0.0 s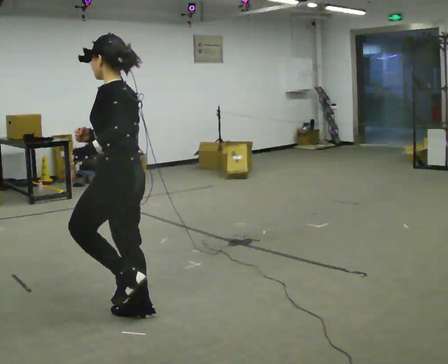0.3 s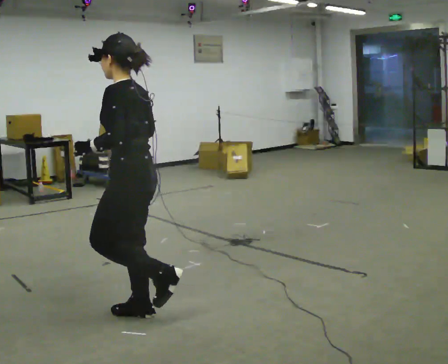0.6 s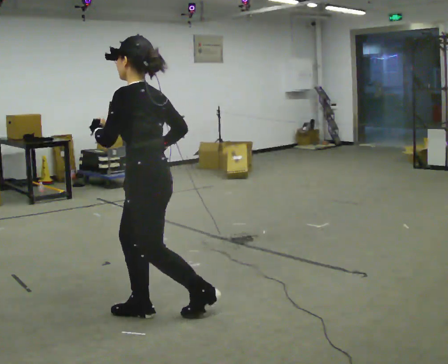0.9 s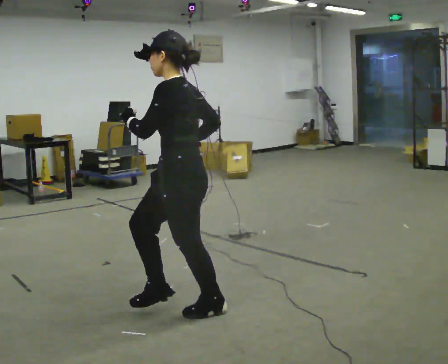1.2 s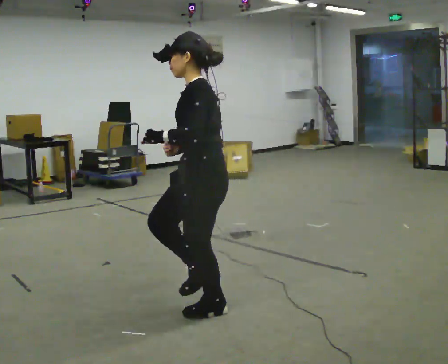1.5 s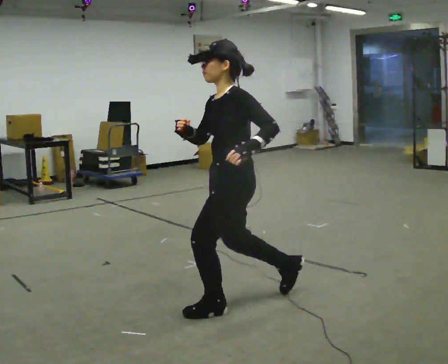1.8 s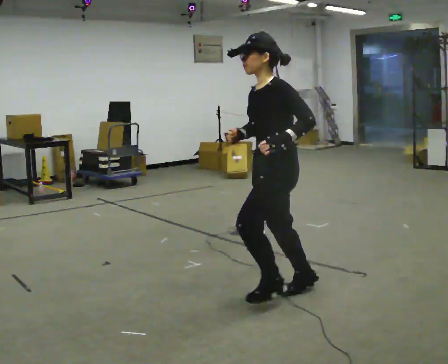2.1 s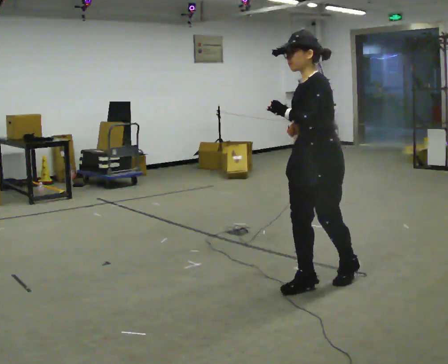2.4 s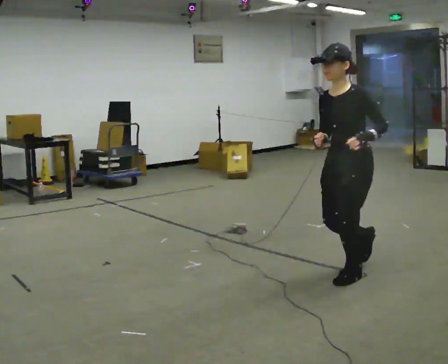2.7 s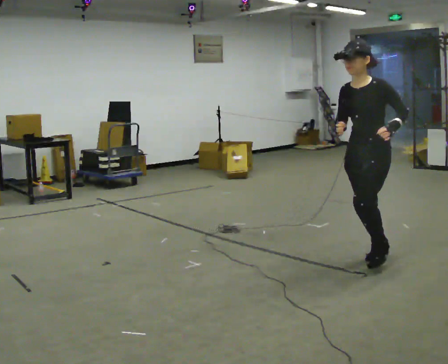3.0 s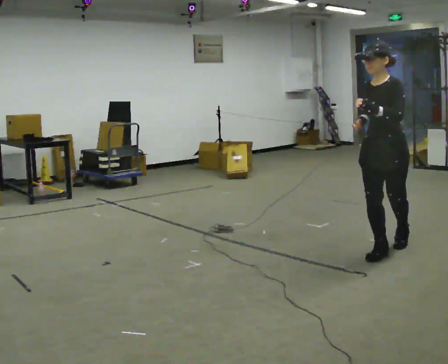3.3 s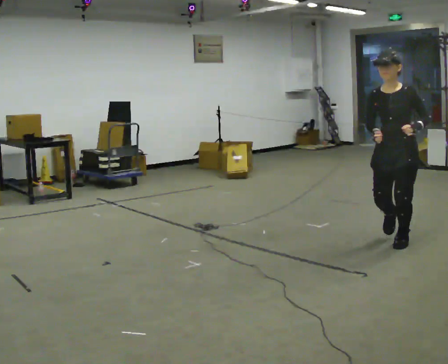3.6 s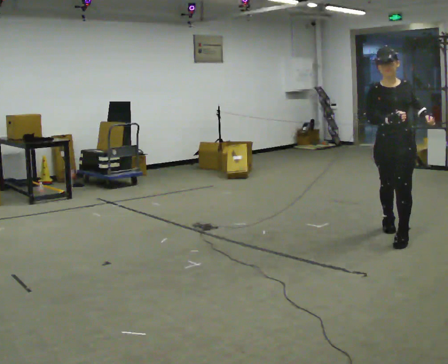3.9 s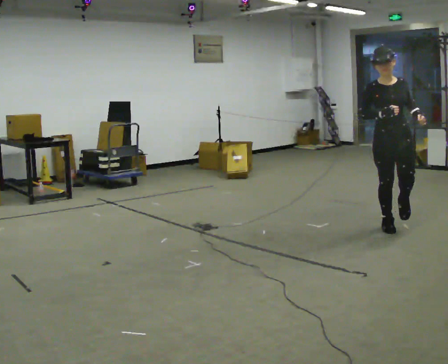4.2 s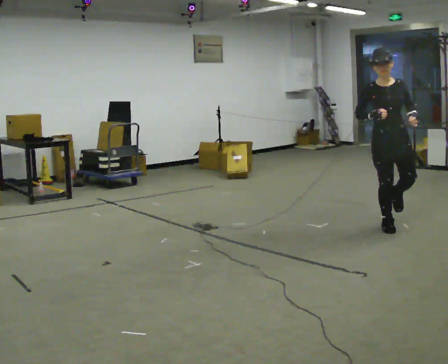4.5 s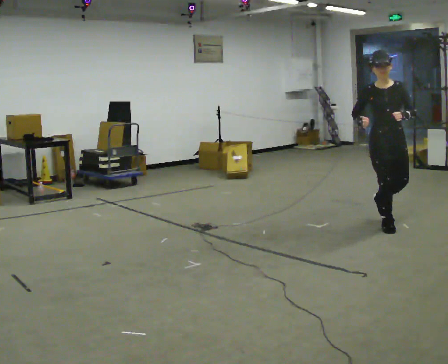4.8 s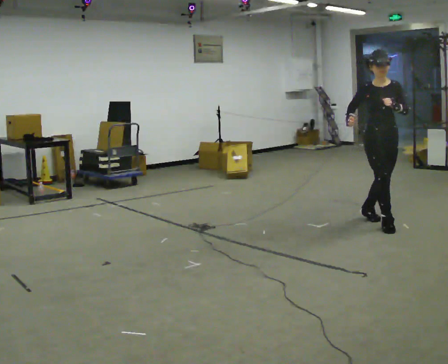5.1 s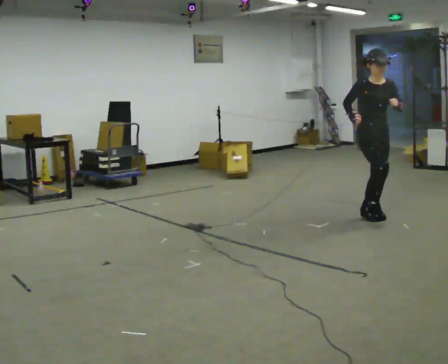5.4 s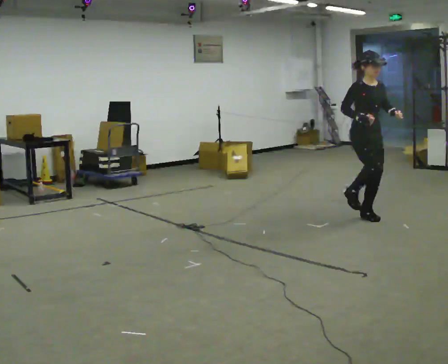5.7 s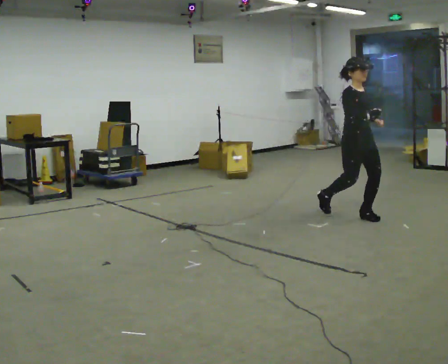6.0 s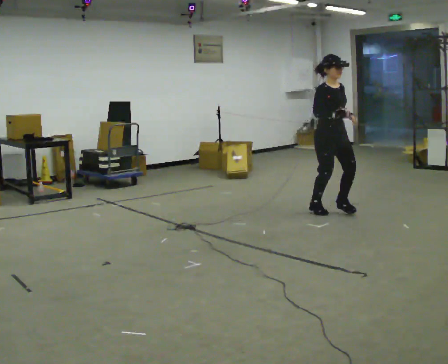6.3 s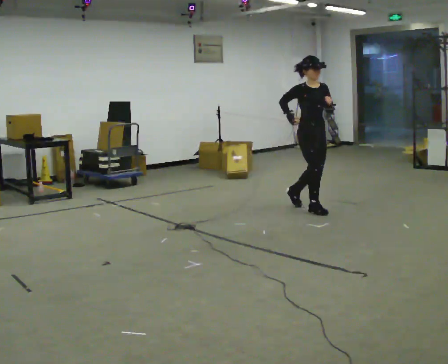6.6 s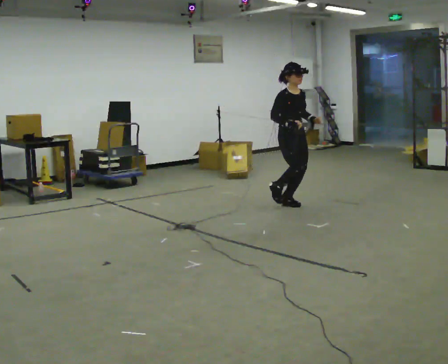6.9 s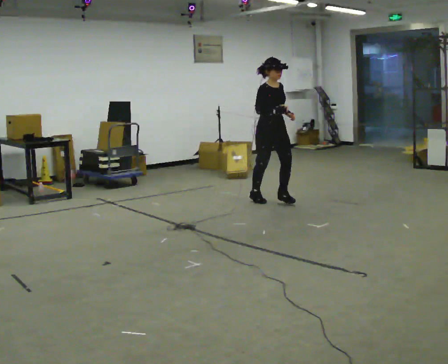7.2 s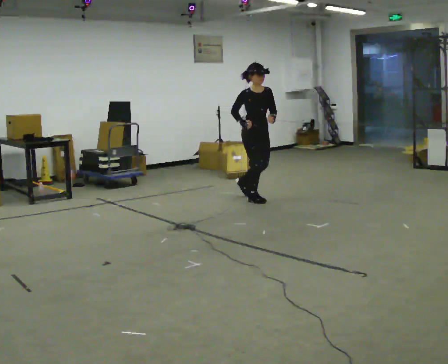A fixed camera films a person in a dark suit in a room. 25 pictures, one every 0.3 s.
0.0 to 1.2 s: In the picture they go to the right, about 0.5 m in 1 step, which for them is backward.
1.2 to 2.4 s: Seen from above the body turns counterclockwise, about 30 degrees: to their left, with its near side sliding to the right. In the picture they go away from the camera and to the right, about 1 m in 2 steps, which for them is backward.
2.4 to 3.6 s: The person turns about 45 degrees to their left, counterclockwise seen from above, so the part of the body nearest the lens slides to the right. In the picture they go away from the camera, about 1 m in 2 steps, which for them is backward.
3.6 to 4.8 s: In the picture they go away from the camera, about 0.5 m in 1 step, which for them is backward.
4.8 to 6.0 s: Seen from above the body turns counterclockwise, about 30 degrees: to their left, with its near side sliding to the right. In the picture they go to the left and away from the camera, about 0.75 m in 2 steps, which for them is backward.
6.0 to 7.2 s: In the picture they go to the left and away from the camera, about 1 m in 2 steps, which for them is backward.
The film runs backward here.
